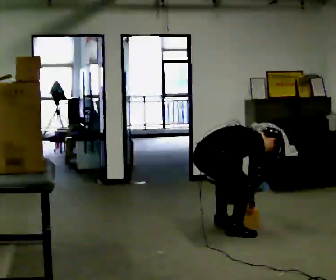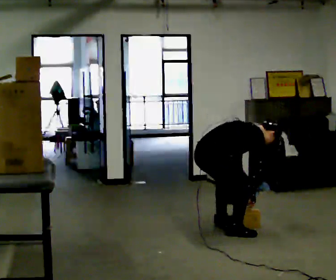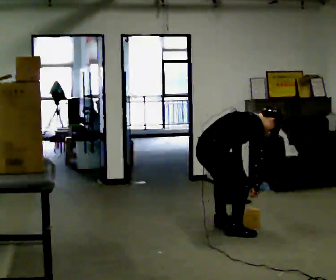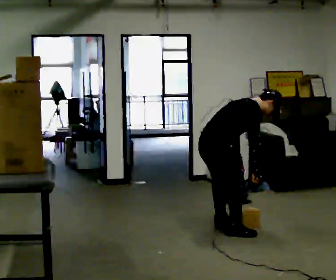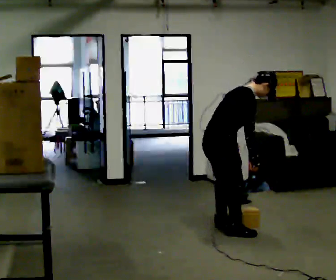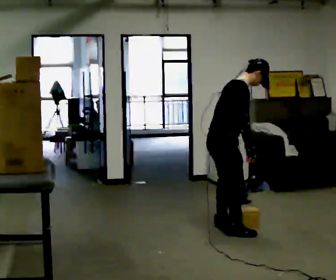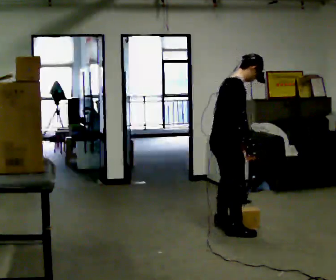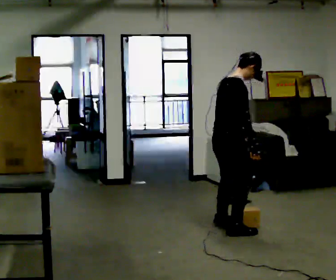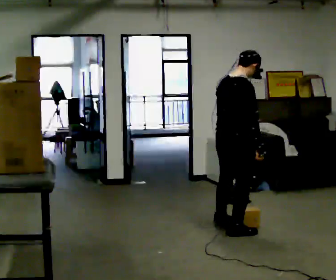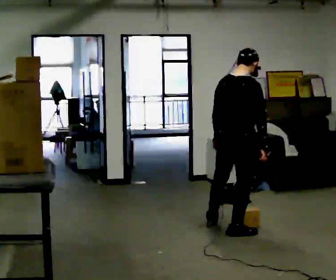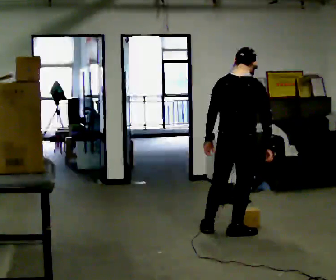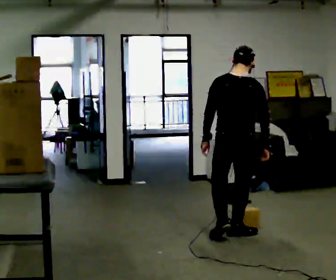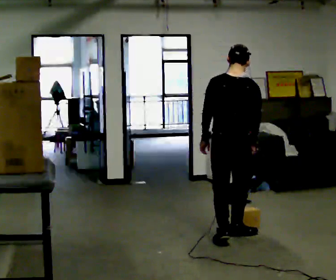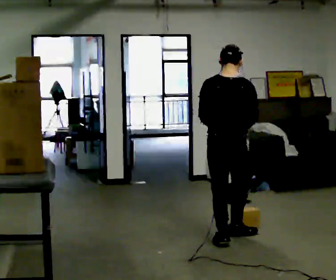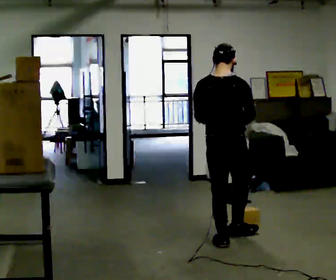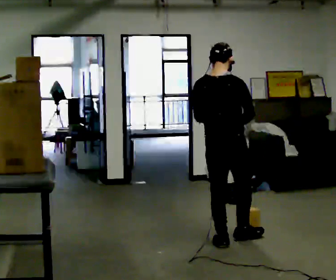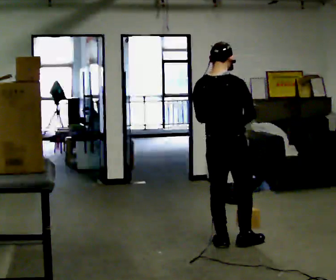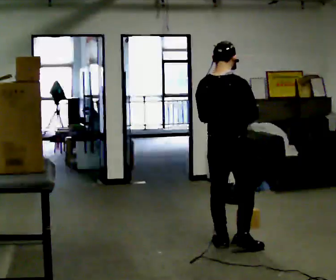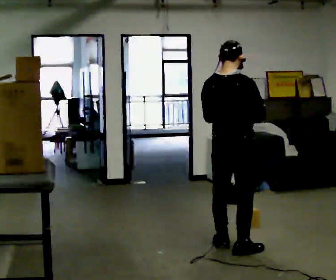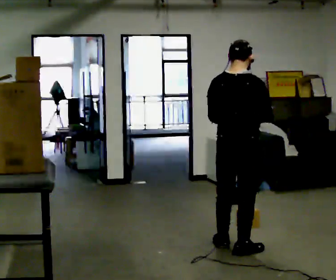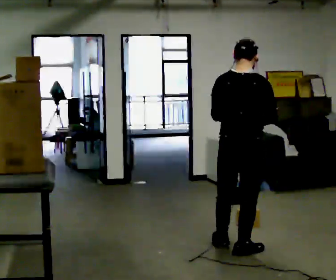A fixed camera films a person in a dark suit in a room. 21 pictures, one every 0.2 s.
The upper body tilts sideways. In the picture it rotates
counterclockwise.
Their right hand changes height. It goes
upward.
0.0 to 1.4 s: In the picture they go to the right, about 0.25 m, which for them is forward. The upper body goes upward. In the picture the upper body tilts counterclockwise, shoulders to the left, as they lean back or straighten. In the picture their right hand goes upward.
1.4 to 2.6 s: The part of the body nearest the lens slides to the right as the person turns to their left by about 60 degrees. In the picture they go toward the camera, about 0.25 m in 1 step.
2.6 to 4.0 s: In the picture they go toward the camera, about 0.5 m in 2 steps, which for them is backward and to their right.
The film runs backward here.
